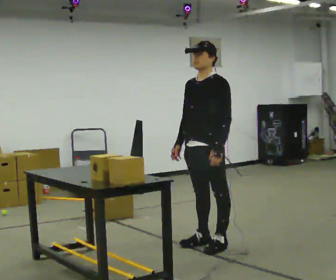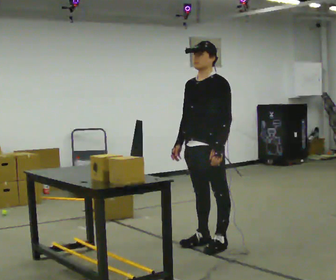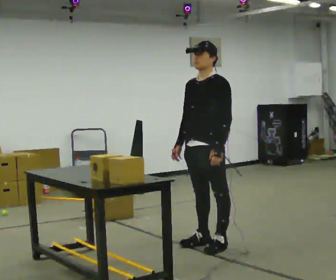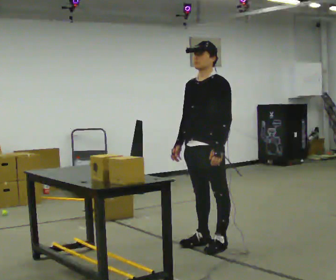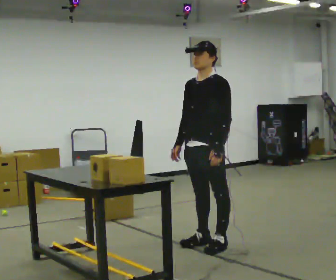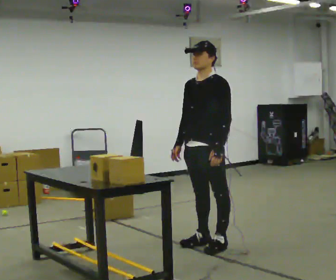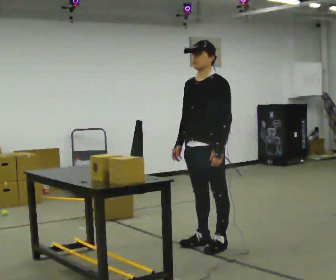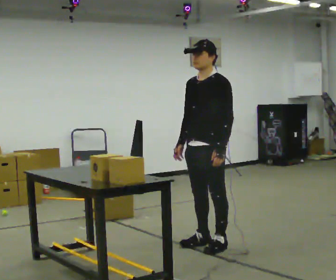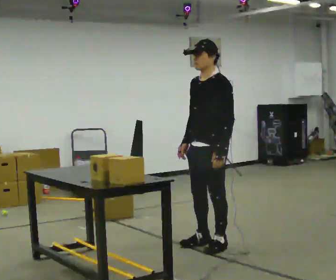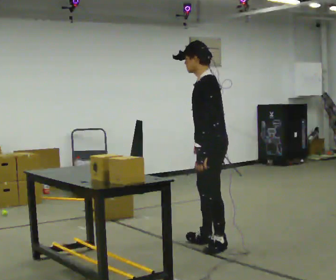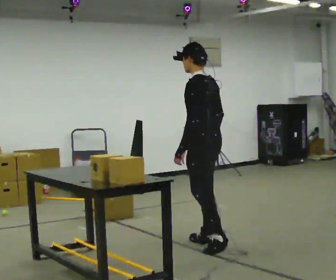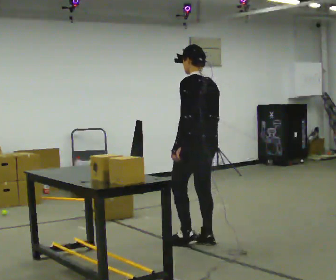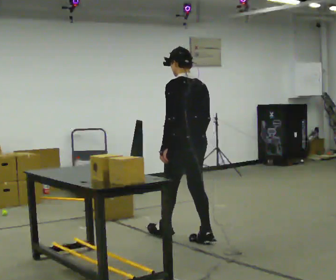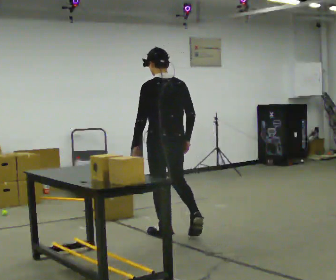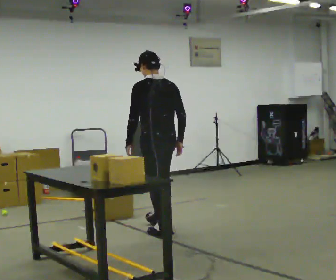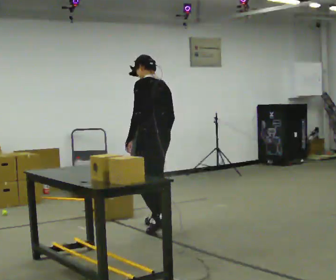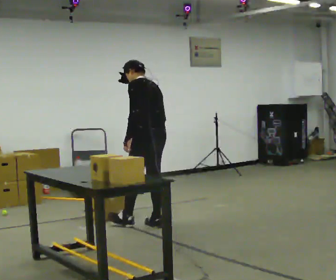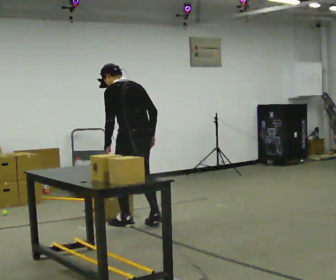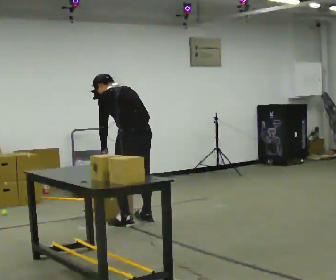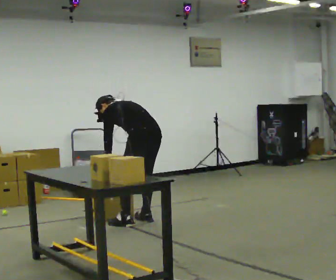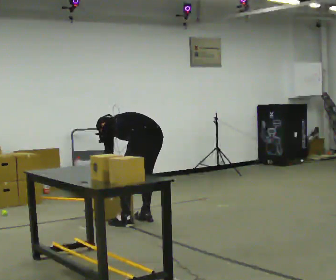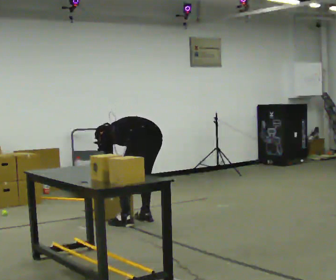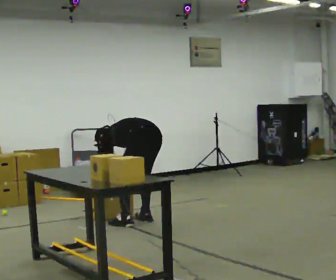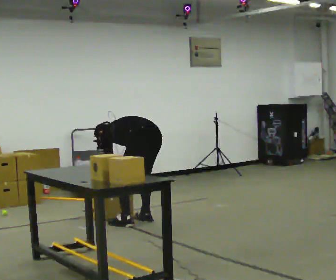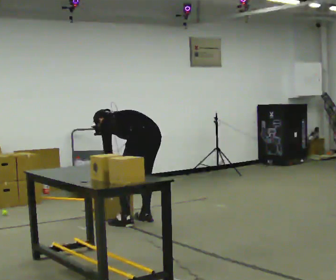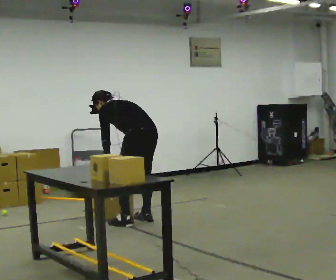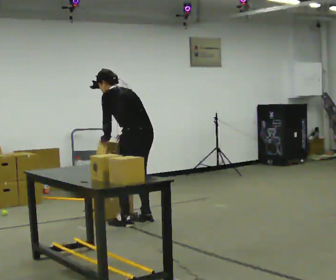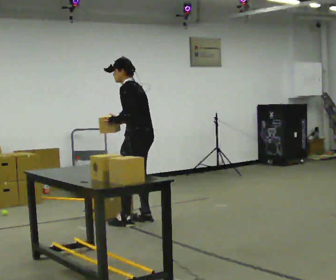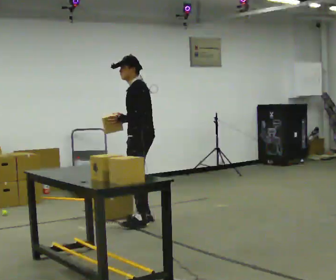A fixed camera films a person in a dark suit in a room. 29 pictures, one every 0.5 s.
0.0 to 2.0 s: The person keeps their place and pose.
2.0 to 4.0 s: The person moves a little, or ends about where they began.
4.0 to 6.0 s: Seen from above the body turns clockwise, about 90 degrees: to their right, with its near side sliding to the left. In the picture they go away from the camera and to the left, about 0.25 m in 1 step.
6.0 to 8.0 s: In the picture they go away from the camera and to the left, about 0.75 m in 2 steps, which for them is forward.
8.0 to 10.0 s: The upper body goes downward. In the picture the upper body tilts counterclockwise, shoulders to the left, as they bend forward. In the picture their left hand goes downward.
10.0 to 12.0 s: The person moves a little, or ends about where they began.
12.0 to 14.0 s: The person turns about 60 degrees to their left, counterclockwise seen from above, so the part of the body nearest the lens slides to the right. In the picture they go away from the camera, about 0.25 m, which for them is to their right and forward. The upper body goes upward. The upper body tips toward the camera, its near side rolling downward, as they lean back or straighten. In the picture their left hand goes upward.
The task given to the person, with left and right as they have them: Take an object out of the bin at knee height, carry it across the room, and place it on the chest-height shelf. Keep going until the operator says stop; one object at a time, and do not rush between trips.
The film runs forward here.
